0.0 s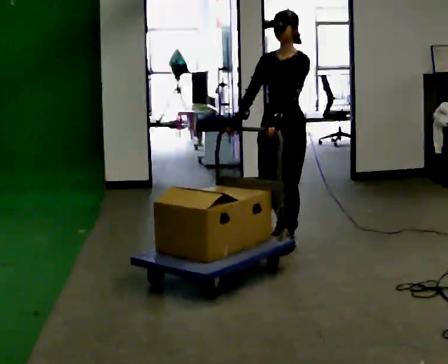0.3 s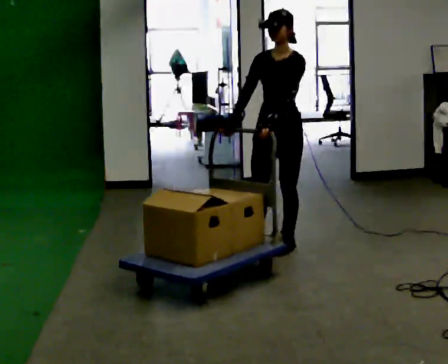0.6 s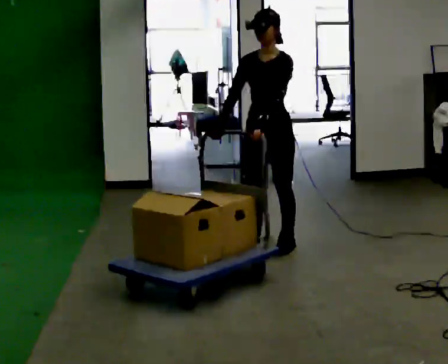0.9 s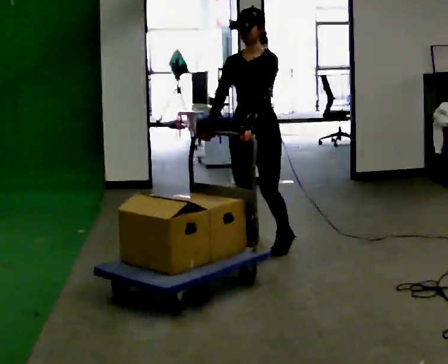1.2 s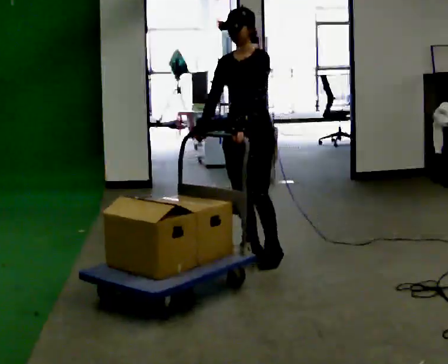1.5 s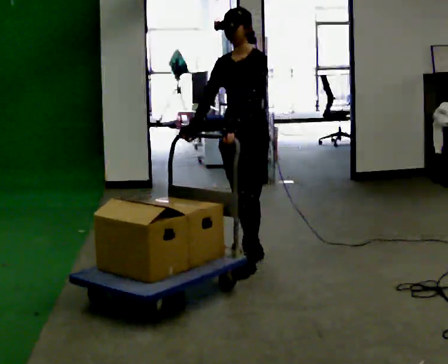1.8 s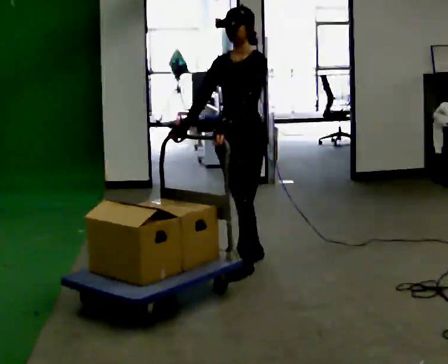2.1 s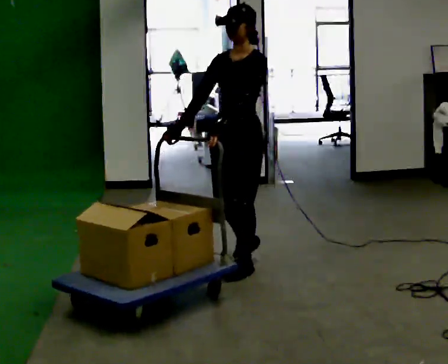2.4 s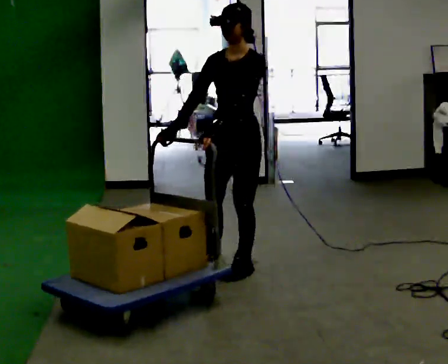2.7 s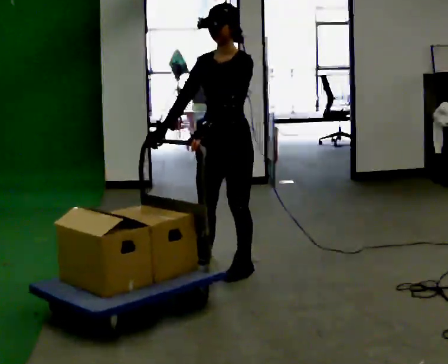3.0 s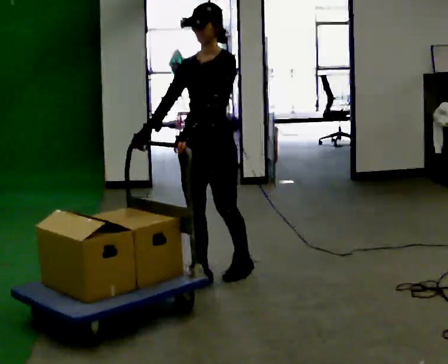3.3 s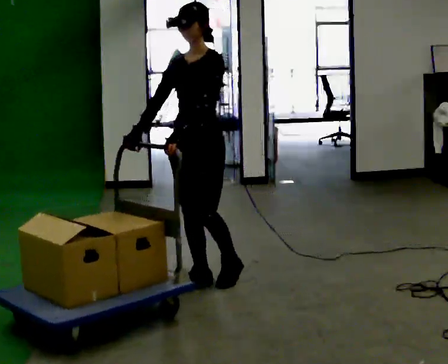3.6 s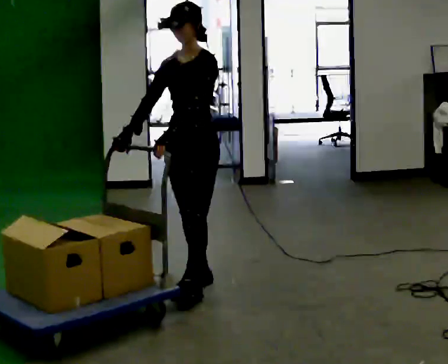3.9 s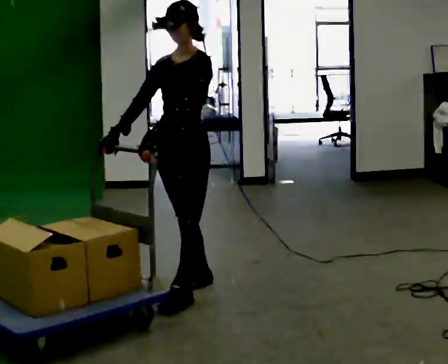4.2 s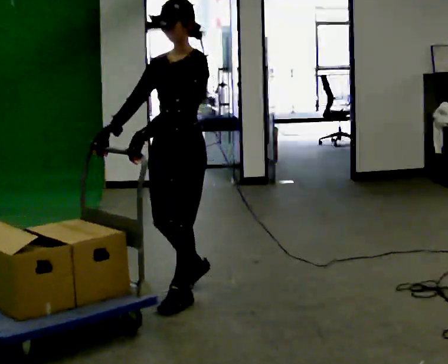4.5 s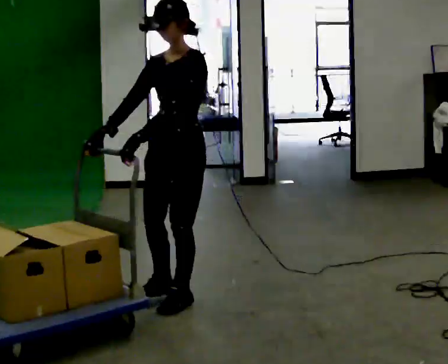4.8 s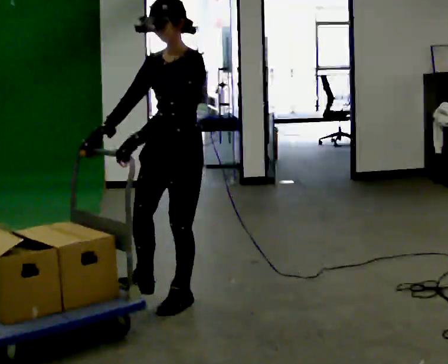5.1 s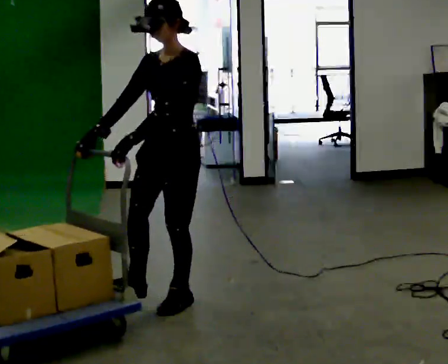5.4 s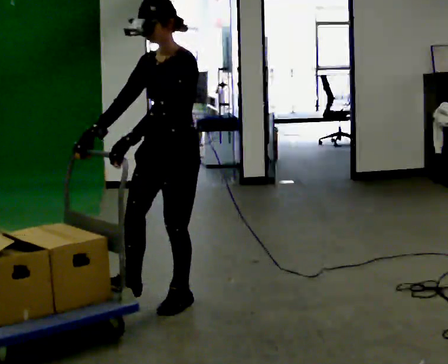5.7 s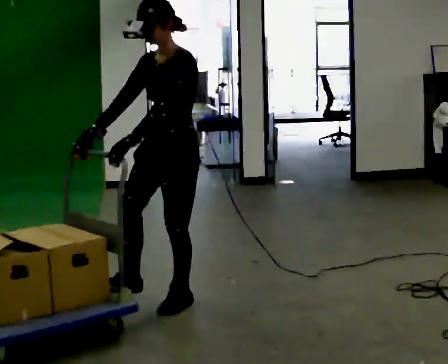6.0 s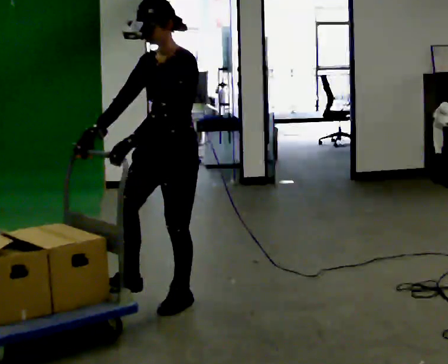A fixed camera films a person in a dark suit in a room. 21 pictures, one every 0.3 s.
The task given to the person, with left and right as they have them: Push the loaded cart from one corner of the room to the other, turn it round, and push it back. Keep going until the operator says stop.
0.0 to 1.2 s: In the picture they go toward the camera and to the left, about 0.25 m in 1 step, which for them is forward.
1.2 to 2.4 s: In the picture they go toward the camera, about 0.25 m in 1 step, which for them is forward and to their left.
2.4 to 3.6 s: In the picture they go toward the camera and to the left, about 0.25 m in 1 step, which for them is forward.
3.6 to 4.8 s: In the picture they go toward the camera, about 0.25 m in 2 steps, which for them is forward and to their left.
4.8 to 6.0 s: The person moves a little, or ends about where they began.
The film runs forward here.
